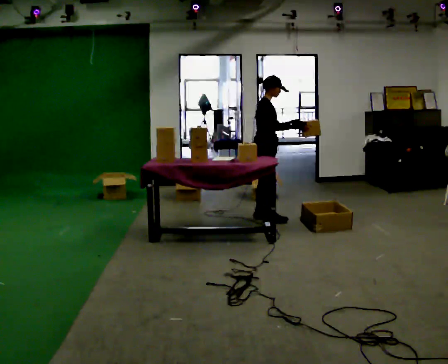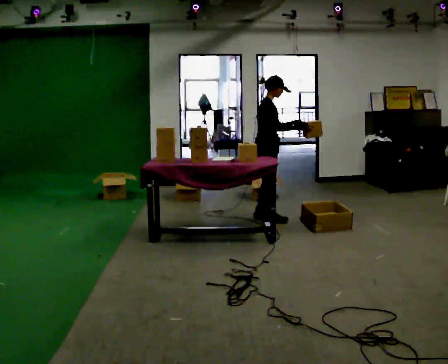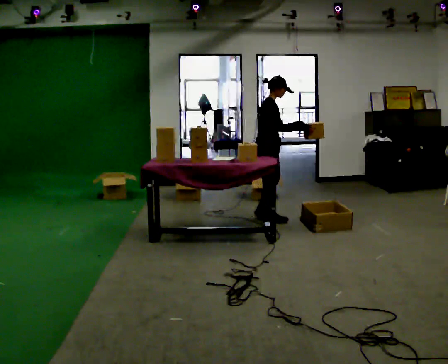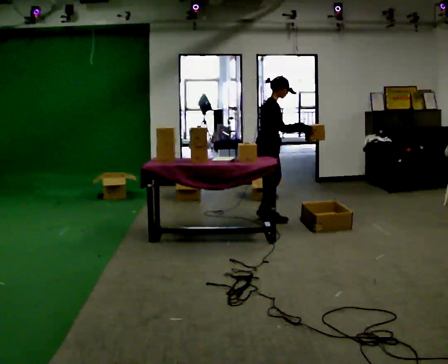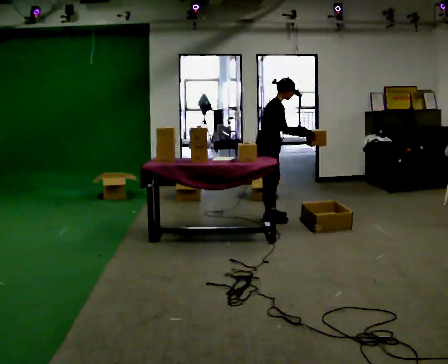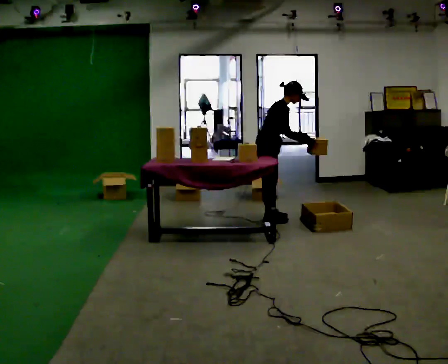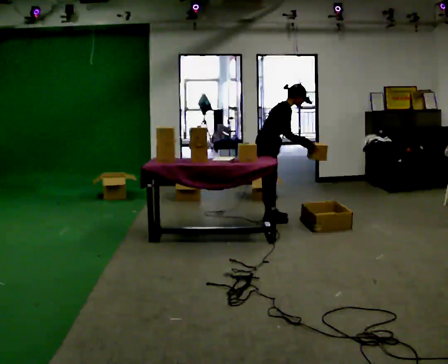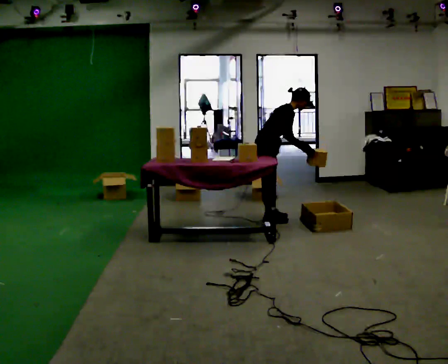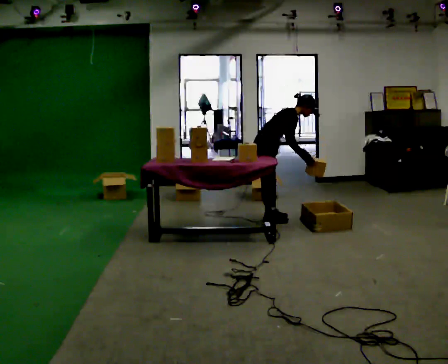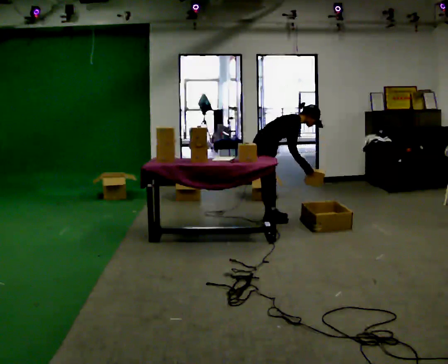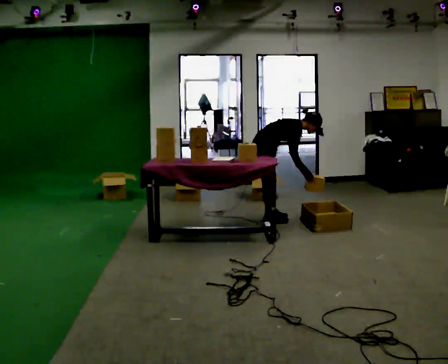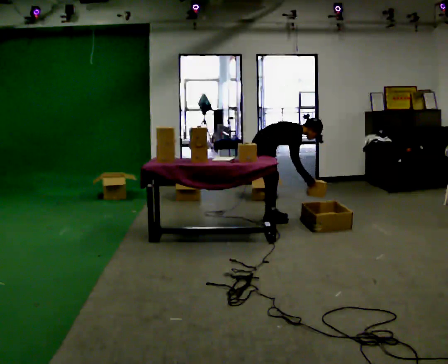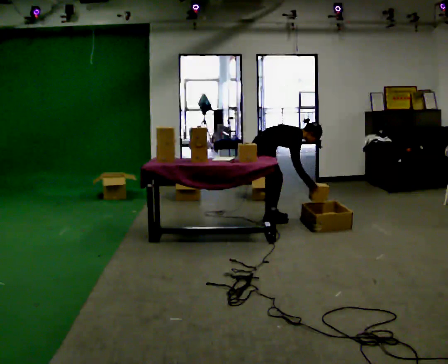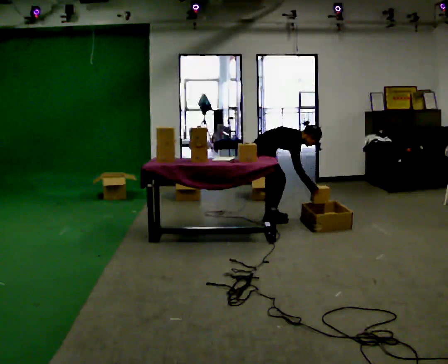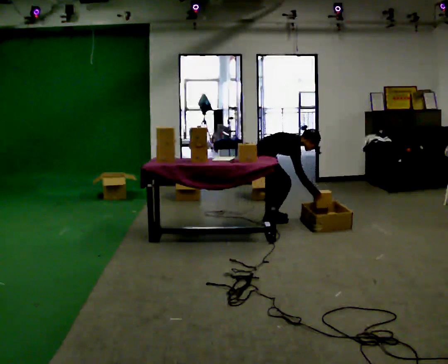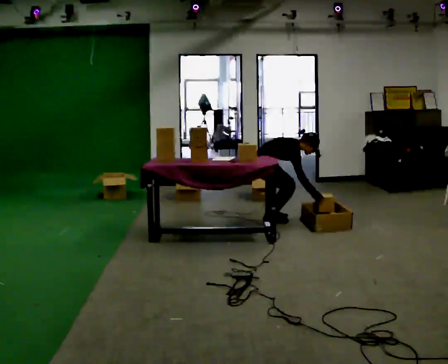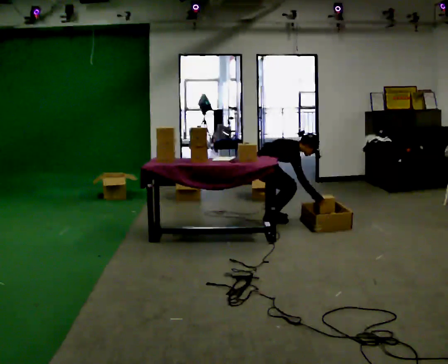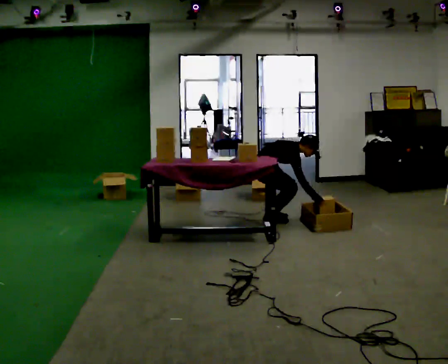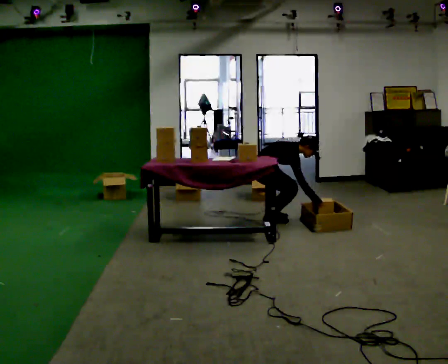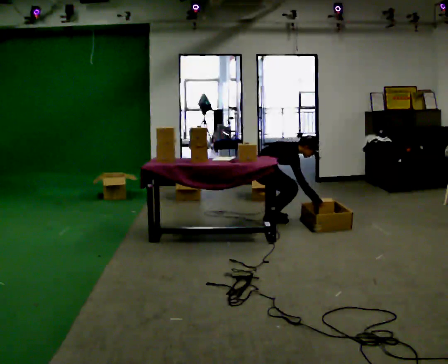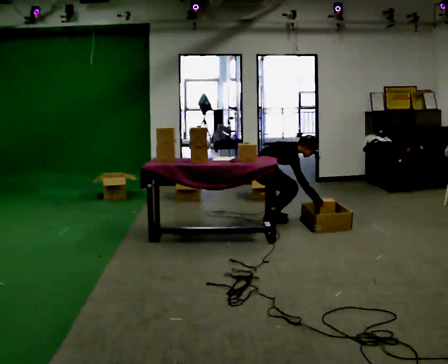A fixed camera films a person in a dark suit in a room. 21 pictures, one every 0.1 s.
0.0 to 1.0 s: The shoulders move downward. In the picture the upper body tilts clockwise, shoulders to the right, as they bend forward. In the picture their right hand goes downward.
1.0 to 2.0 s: The shoulders move downward.
The film runs forward here.
